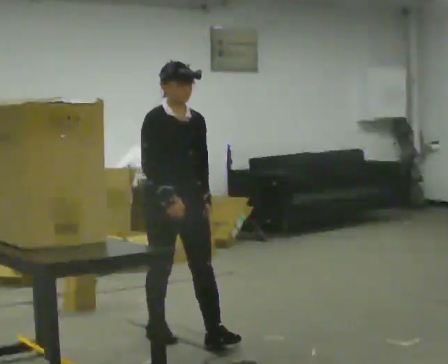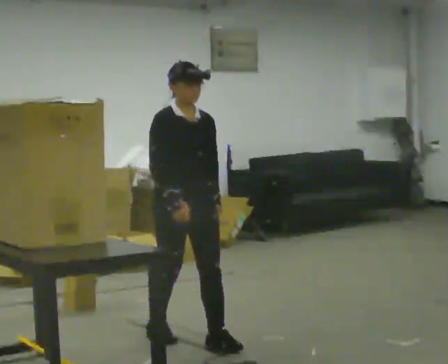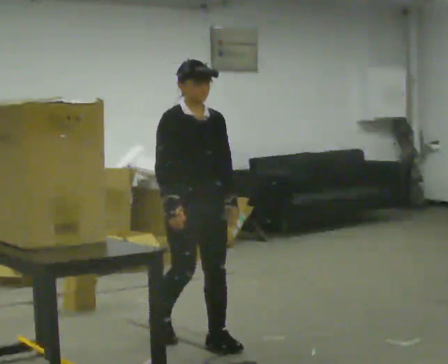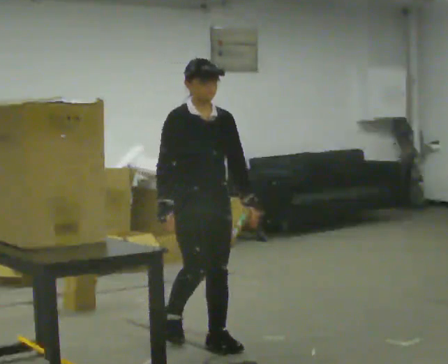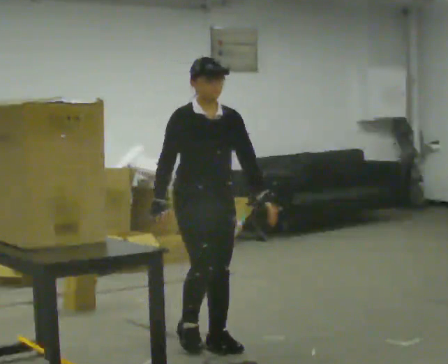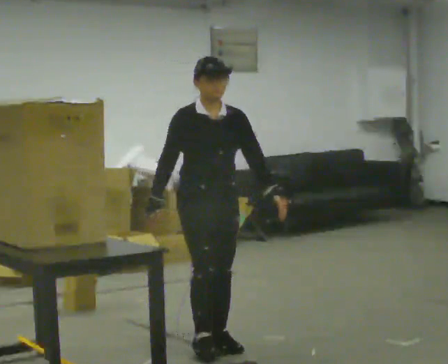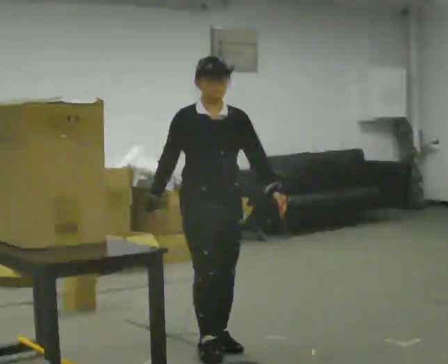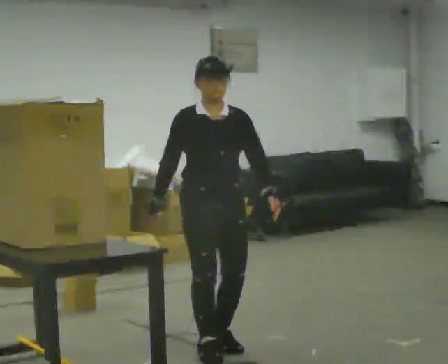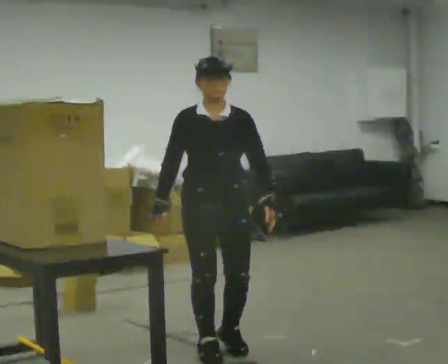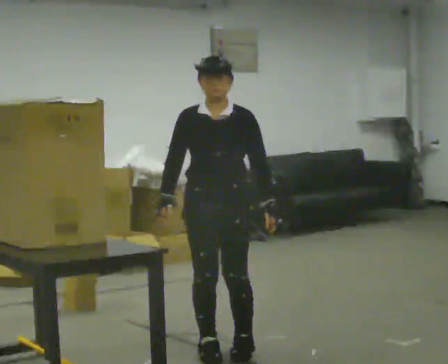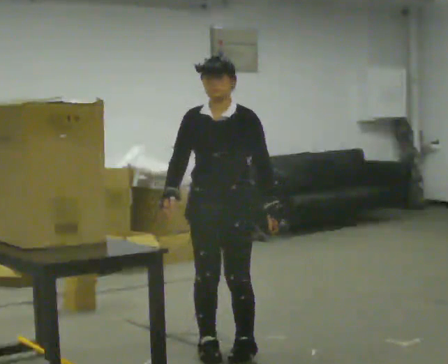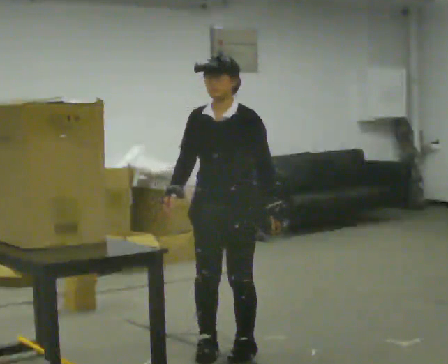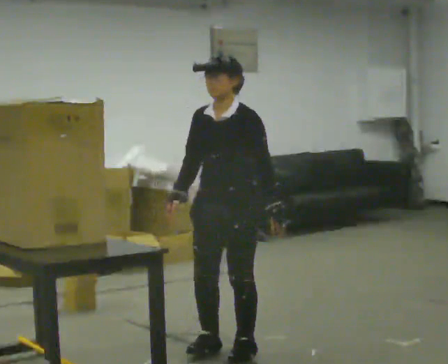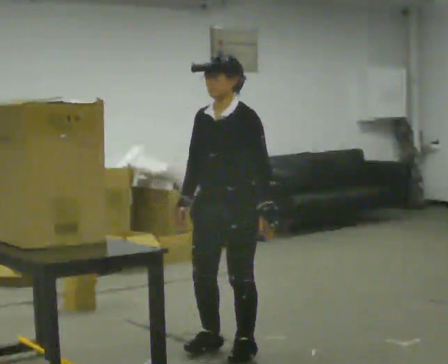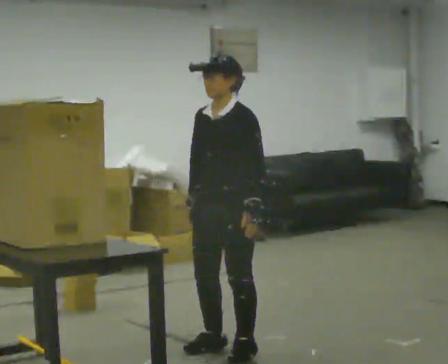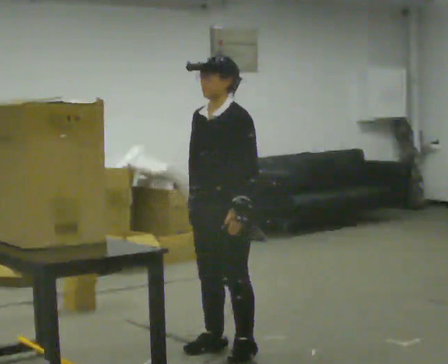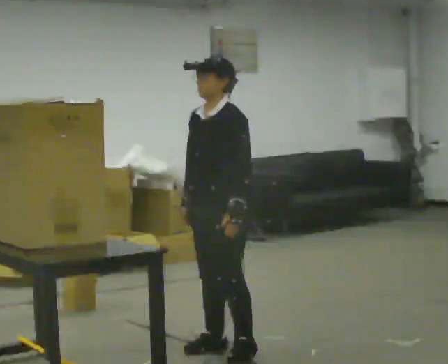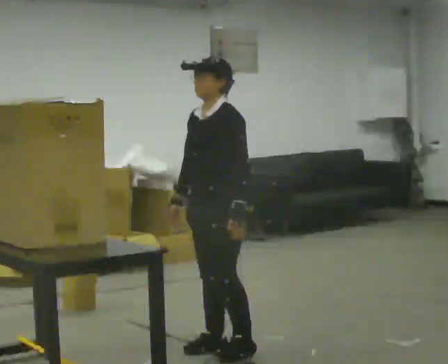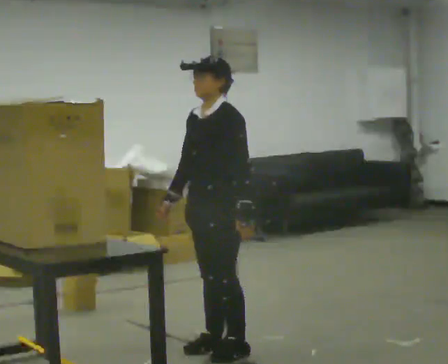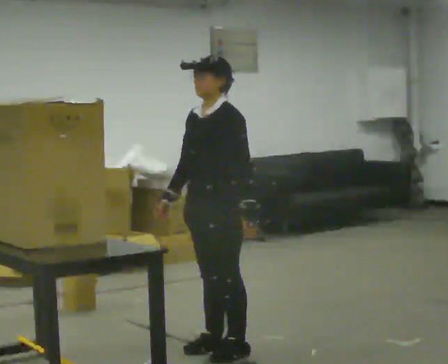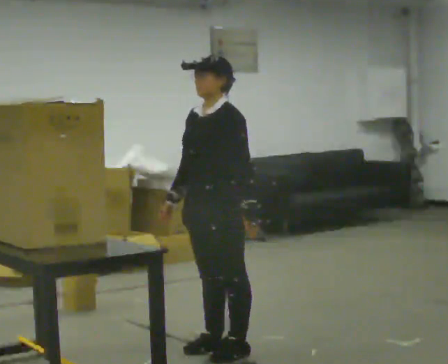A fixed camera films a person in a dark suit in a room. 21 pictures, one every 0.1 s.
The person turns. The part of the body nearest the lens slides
to the left.
The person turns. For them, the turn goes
to their right.
0.0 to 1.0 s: Seen from above the body turns clockwise, about 60 degrees: to their right, with its near side sliding to the left. In the picture they go to the right and toward the camera, about 0.25 m in 2 steps, which for them is forward.
1.0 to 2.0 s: The part of the body nearest the lens slides to the left as the person turns to their right by about 30 degrees.
The film runs forward here.
